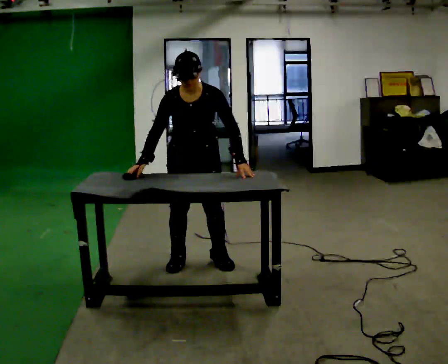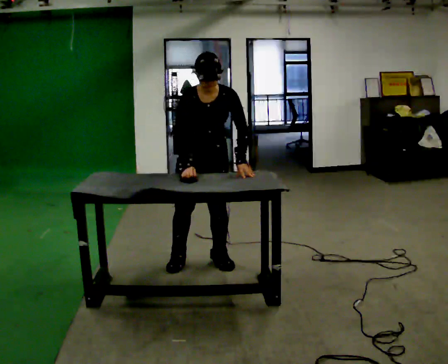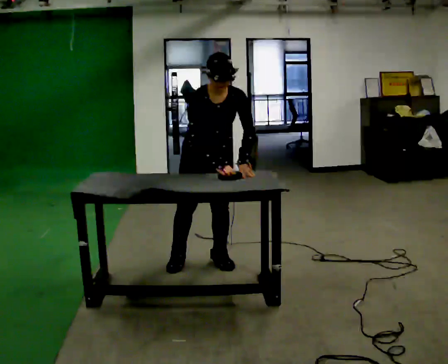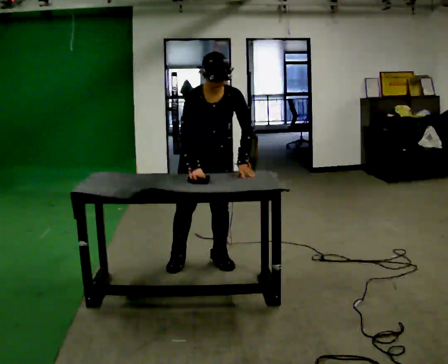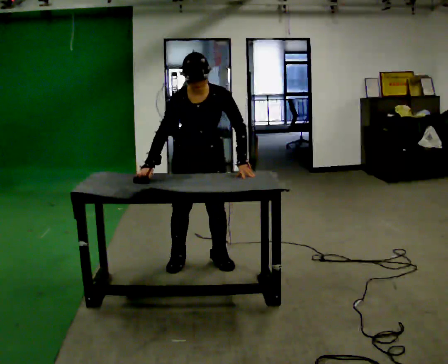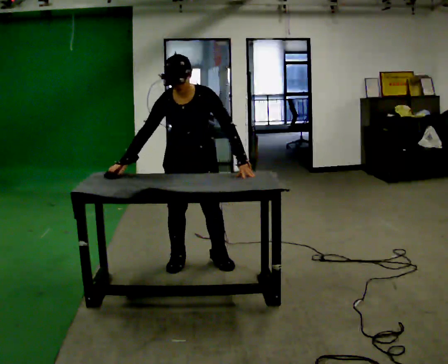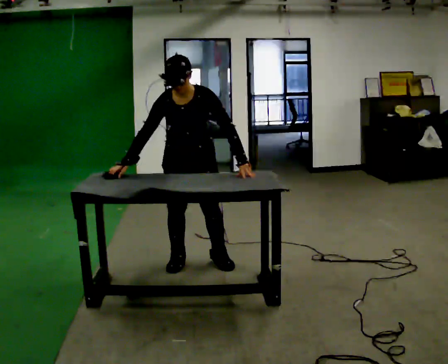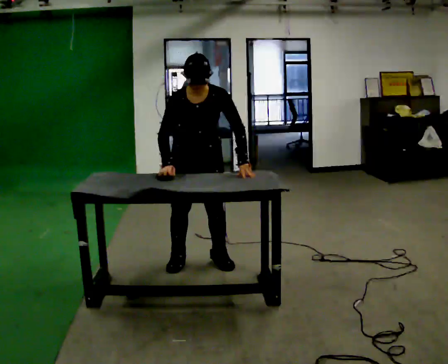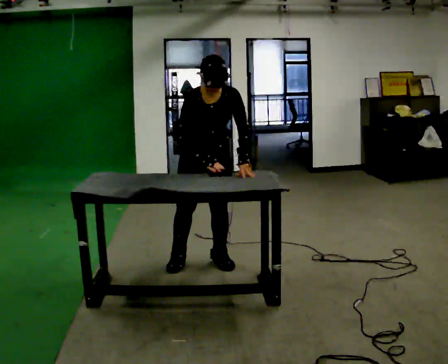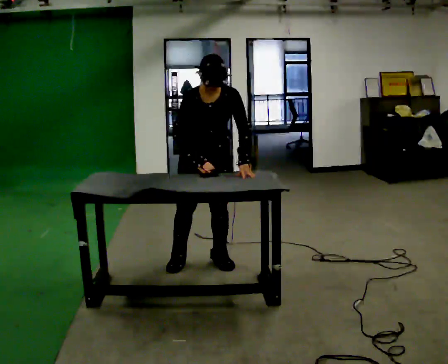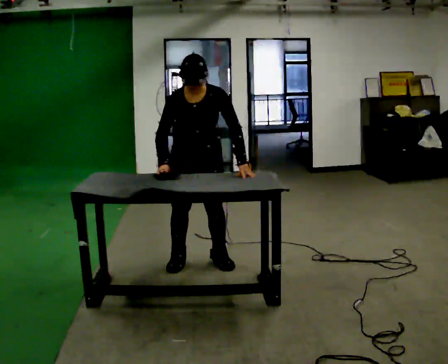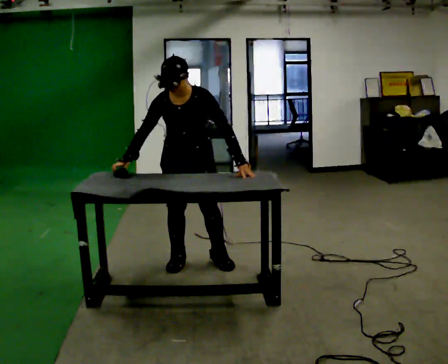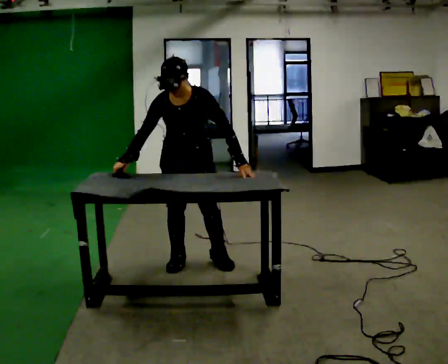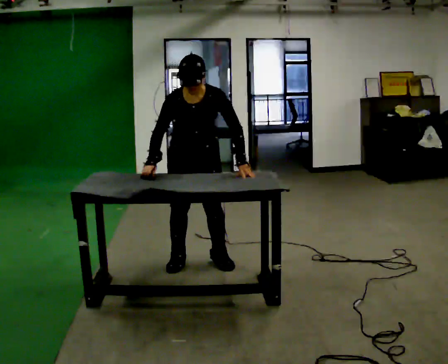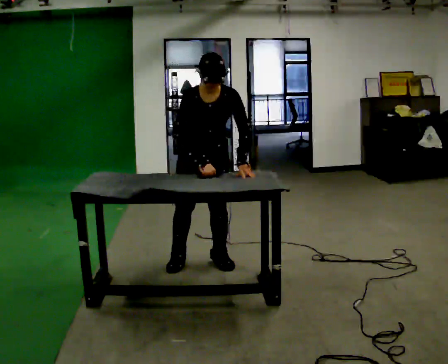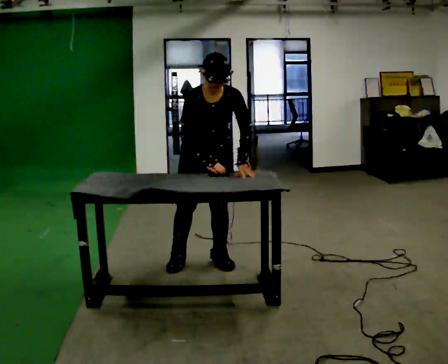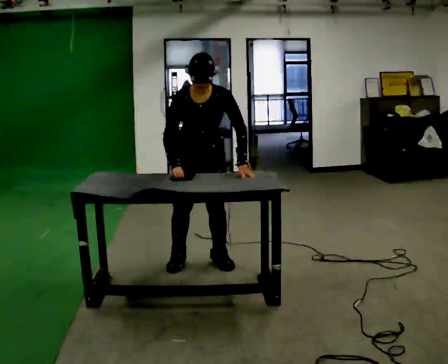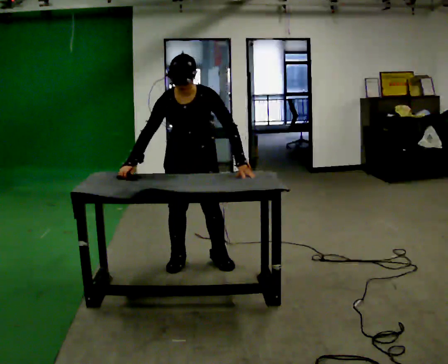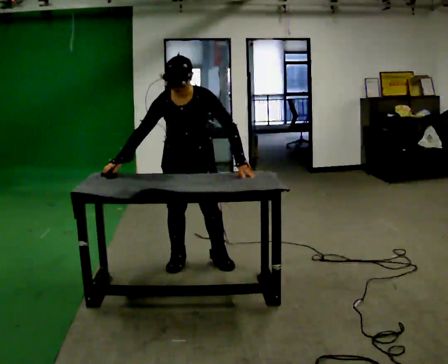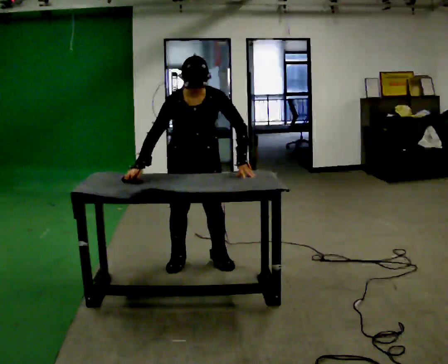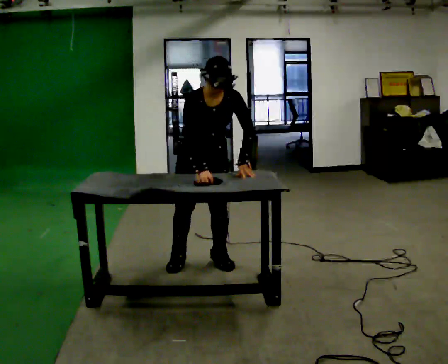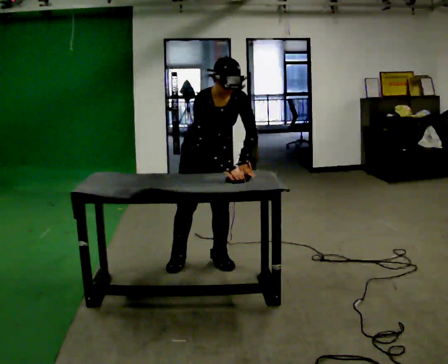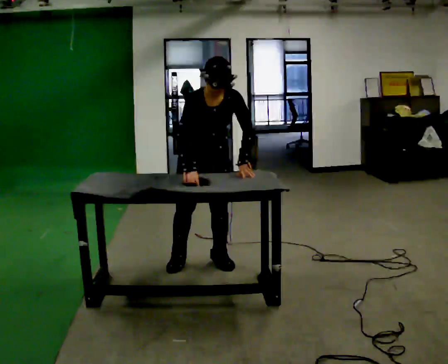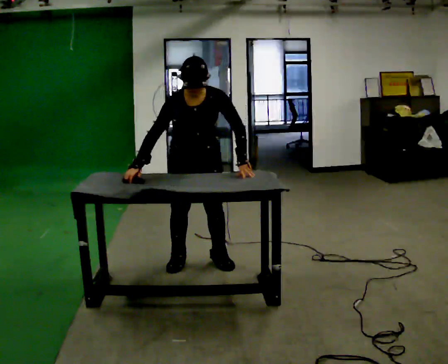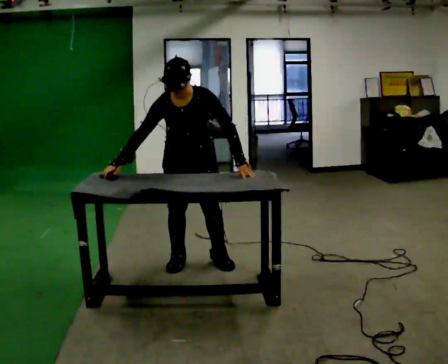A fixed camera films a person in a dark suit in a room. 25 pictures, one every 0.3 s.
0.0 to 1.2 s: The person moves a little, or ends about where they began.
1.2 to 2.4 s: In the picture their right hand goes to the right.
2.4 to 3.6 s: In the picture their right hand goes to the left.
3.6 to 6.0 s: In the picture their right hand goes to the right.
6.0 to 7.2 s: In the picture the upper body tilts counterclockwise, shoulders to the left. In the picture their right hand goes to the left.
The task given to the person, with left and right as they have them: Wipe the whole surface of the table in front of you with the cloth. Repeat at your own pace until the operator says stop. Keep both feet on the marked spots for the whole take. If you have to step, stop and tell the operator.
The film runs forward here.
